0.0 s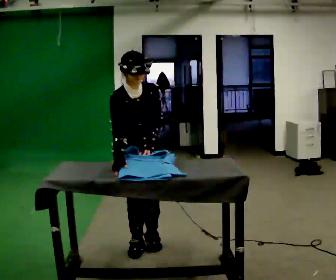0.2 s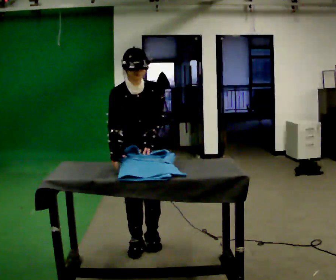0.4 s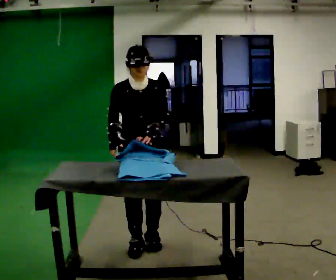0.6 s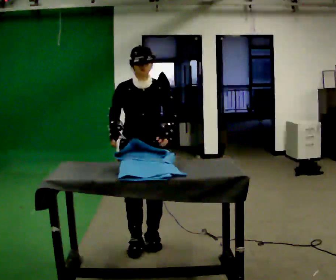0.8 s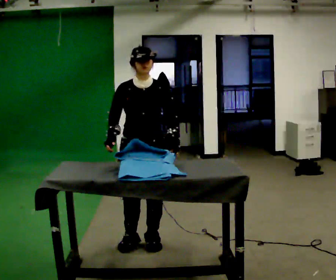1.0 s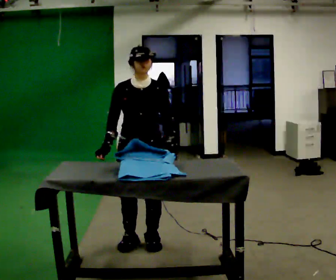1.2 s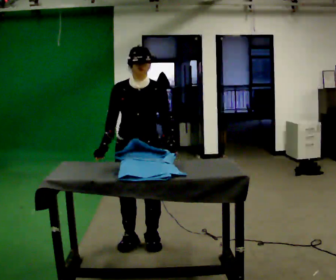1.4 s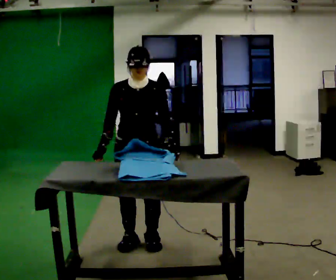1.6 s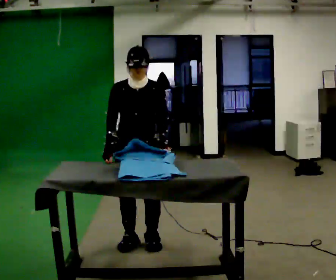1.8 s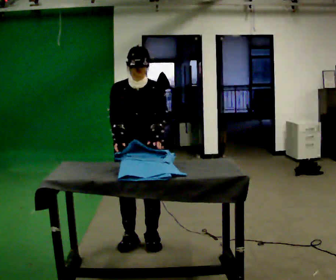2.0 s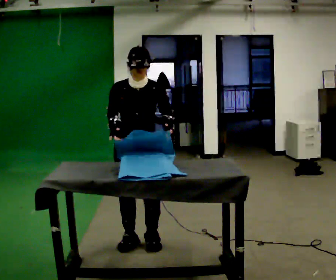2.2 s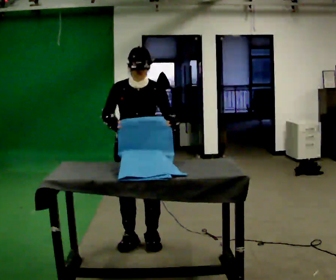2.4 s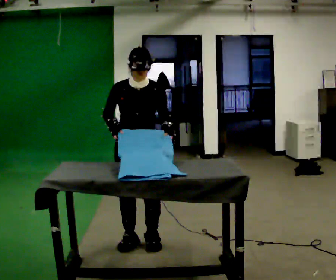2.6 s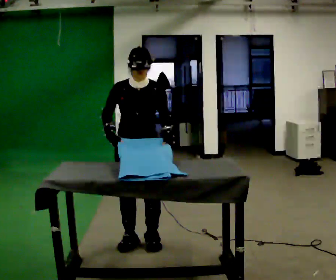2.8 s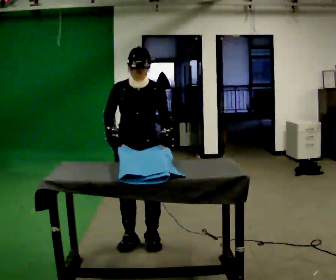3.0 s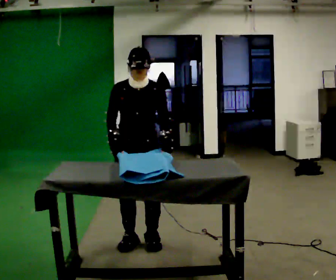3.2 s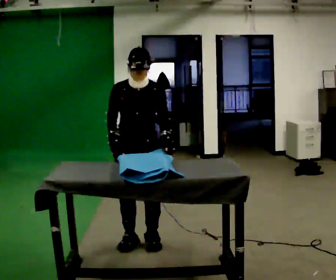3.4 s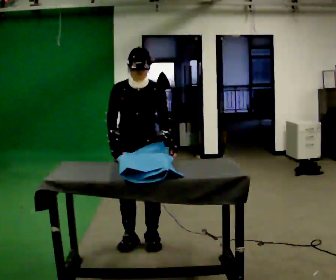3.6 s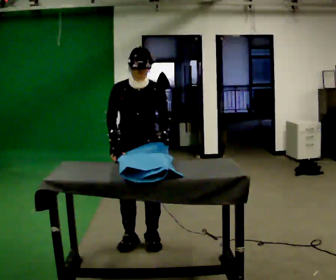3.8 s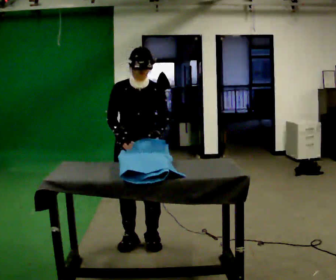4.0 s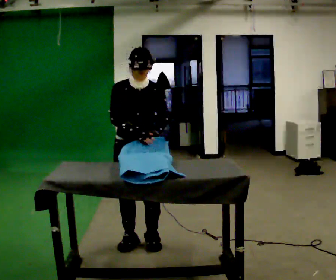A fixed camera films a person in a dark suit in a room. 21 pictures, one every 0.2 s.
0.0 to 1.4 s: The upper body tips away from the camera, its near side rolling upward, as they lean back or straighten.
1.4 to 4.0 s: The person moves a little, or ends about where they began.
The film runs backward here.
